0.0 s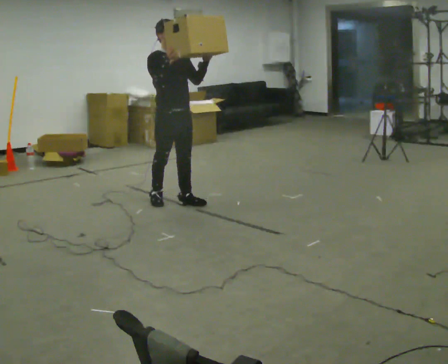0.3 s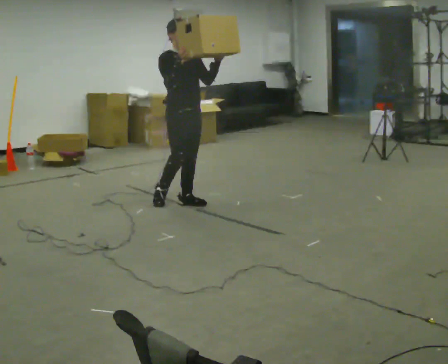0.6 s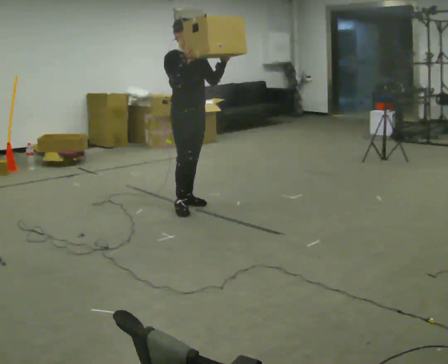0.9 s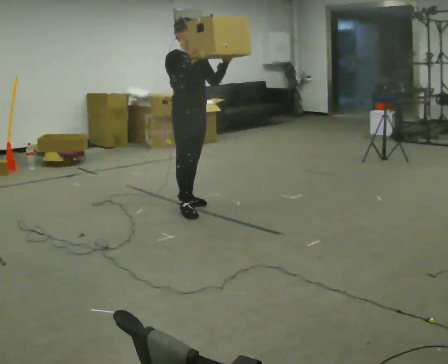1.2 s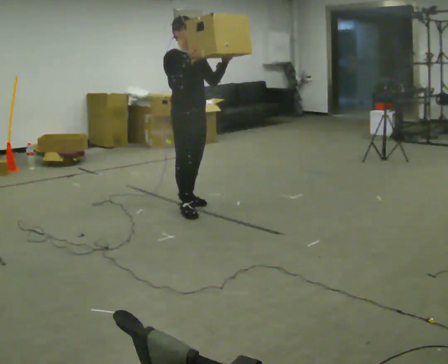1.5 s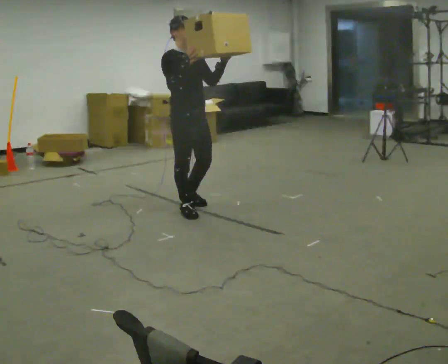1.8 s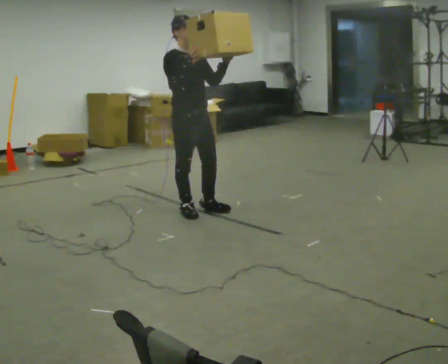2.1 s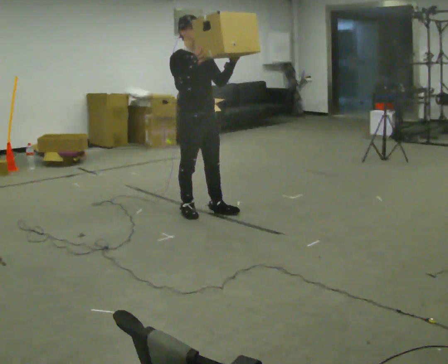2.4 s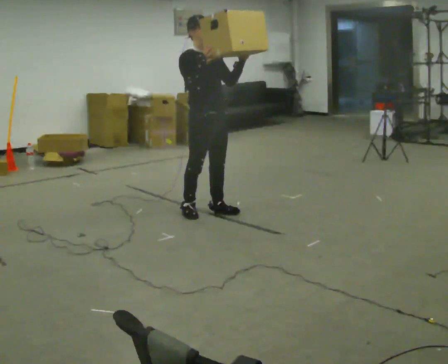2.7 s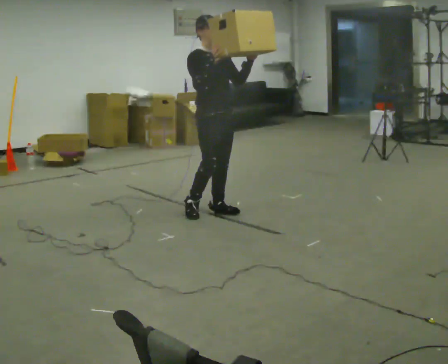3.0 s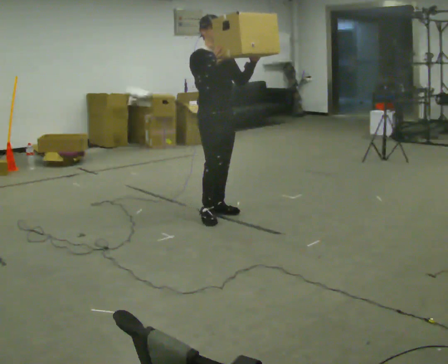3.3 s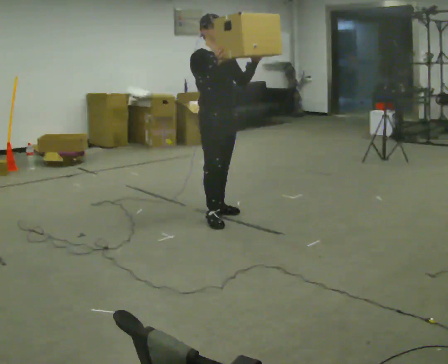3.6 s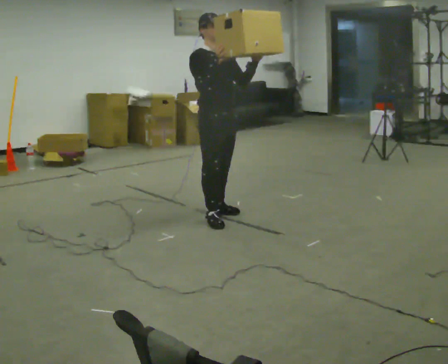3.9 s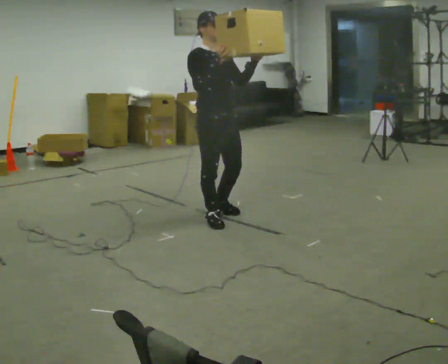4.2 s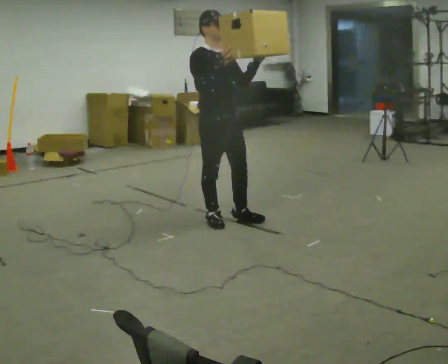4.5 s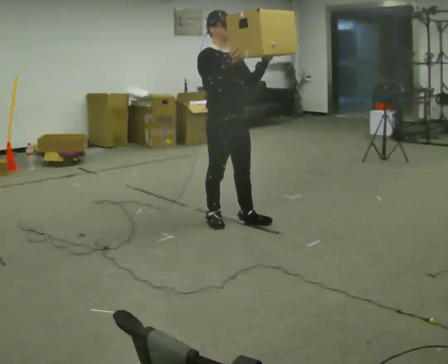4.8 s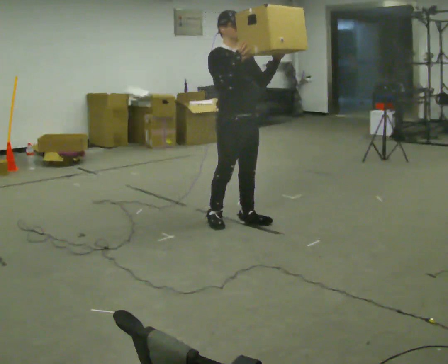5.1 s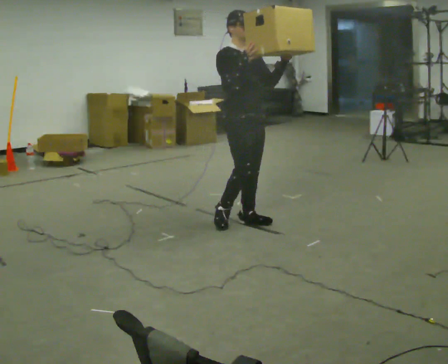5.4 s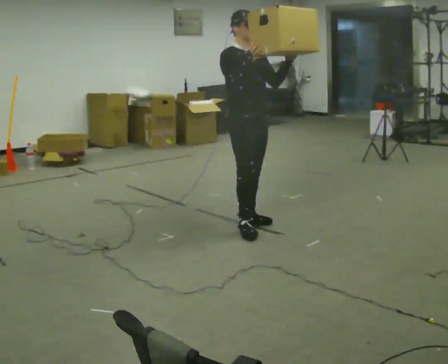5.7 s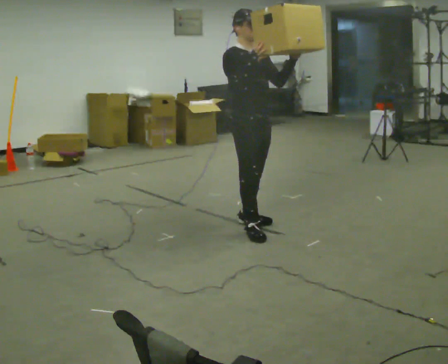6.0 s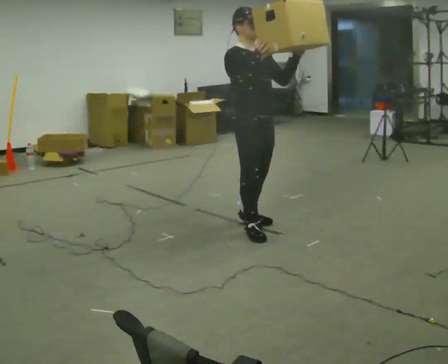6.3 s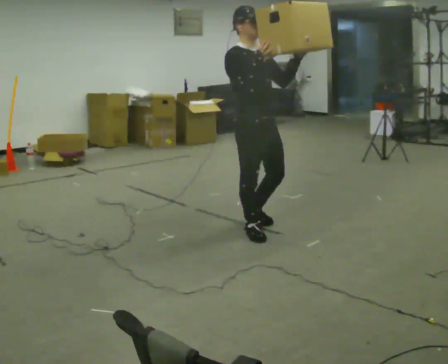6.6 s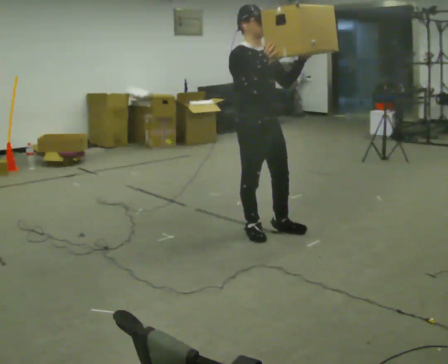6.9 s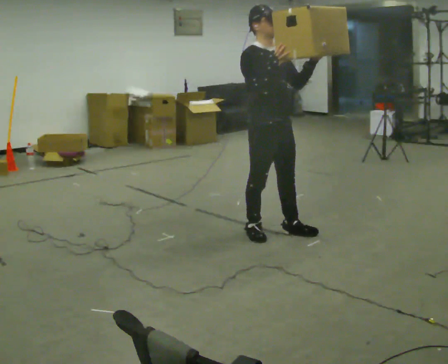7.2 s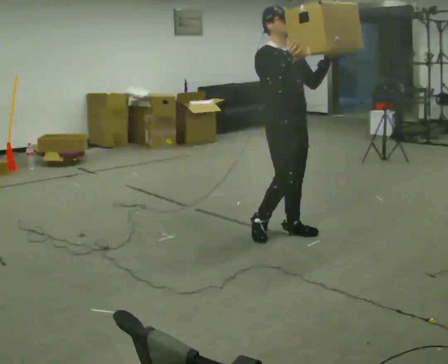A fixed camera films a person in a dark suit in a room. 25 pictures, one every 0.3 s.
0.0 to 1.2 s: In the picture they go toward the camera and to the right, about 0.25 m in 1 step, which for them is forward.
1.2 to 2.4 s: In the picture they go to the right, about 0.25 m in 1 step, which for them is forward.
2.4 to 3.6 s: The person moves a little, or ends about where they began.
3.6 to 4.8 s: In the picture they go to the right, about 0.25 m in 1 step, which for them is forward.
4.8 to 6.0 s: In the picture they go toward the camera, about 0.25 m in 1 step, which for them is forward.
6.0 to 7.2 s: In the picture they go to the right, about 0.25 m in 1 step, which for them is forward.
The film runs forward here.
